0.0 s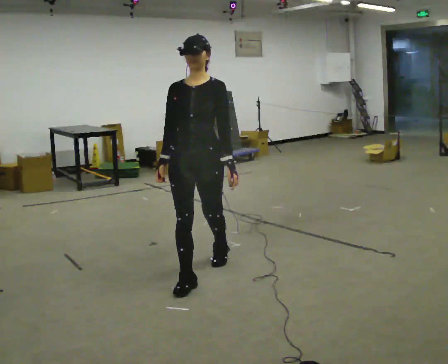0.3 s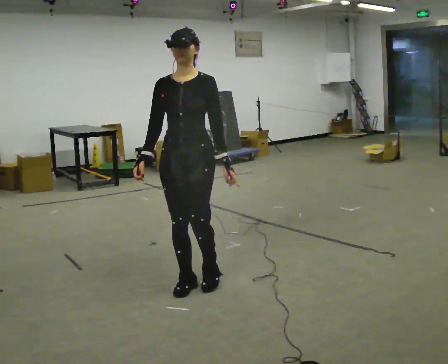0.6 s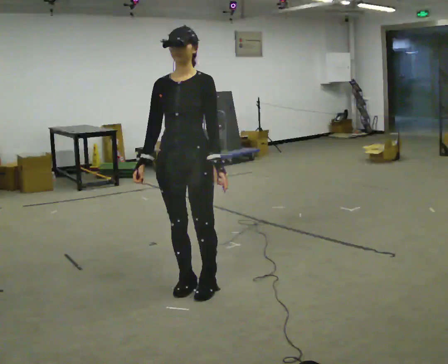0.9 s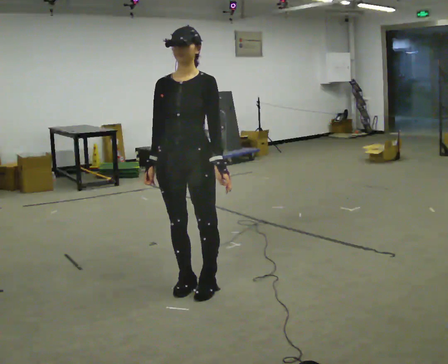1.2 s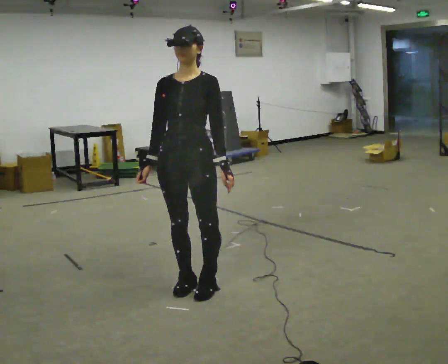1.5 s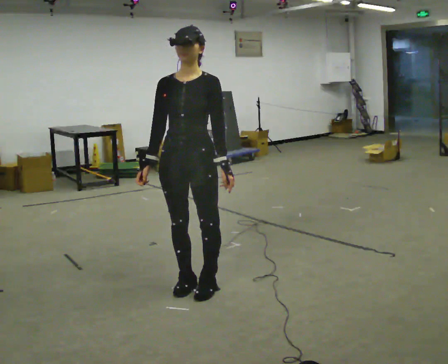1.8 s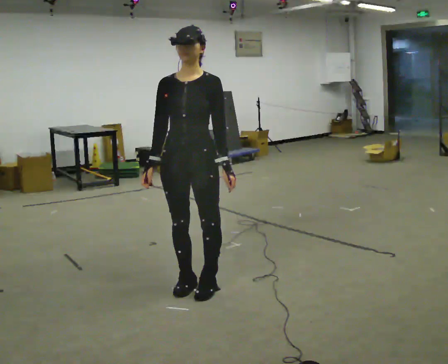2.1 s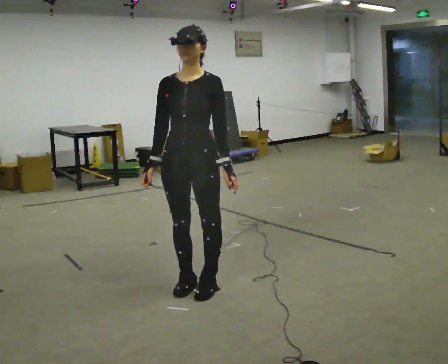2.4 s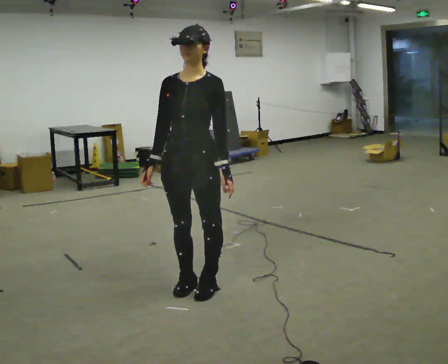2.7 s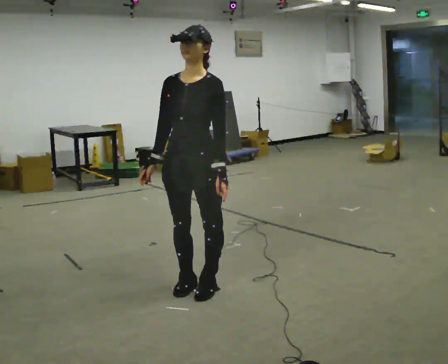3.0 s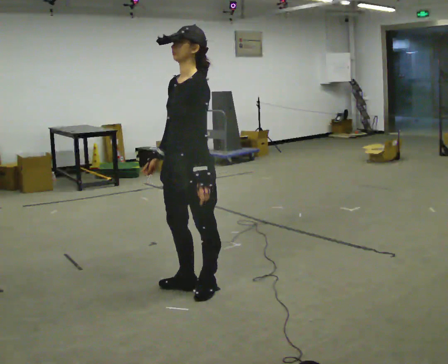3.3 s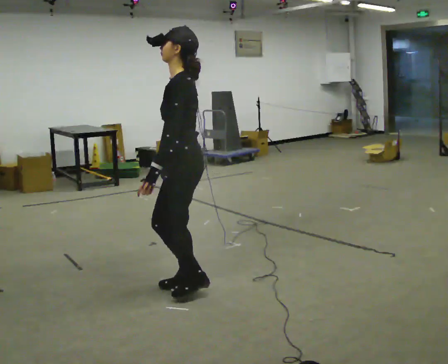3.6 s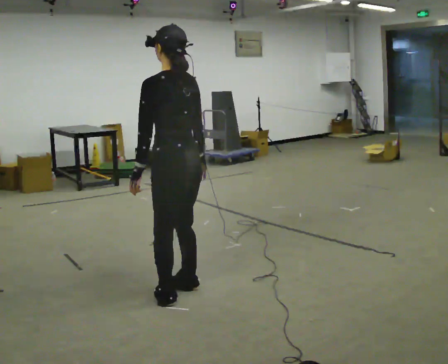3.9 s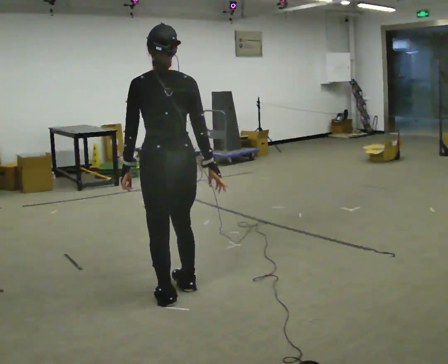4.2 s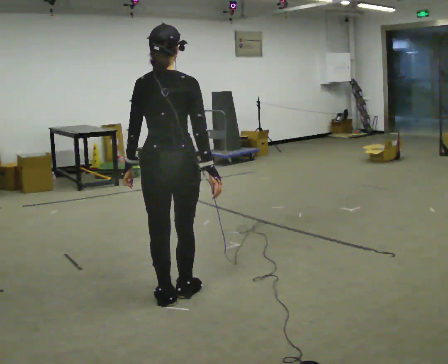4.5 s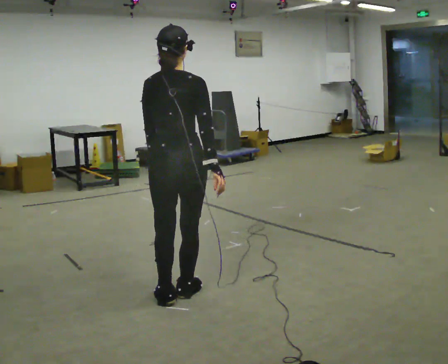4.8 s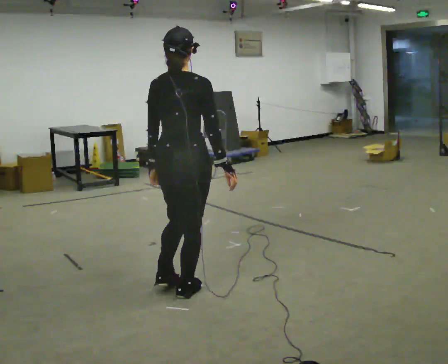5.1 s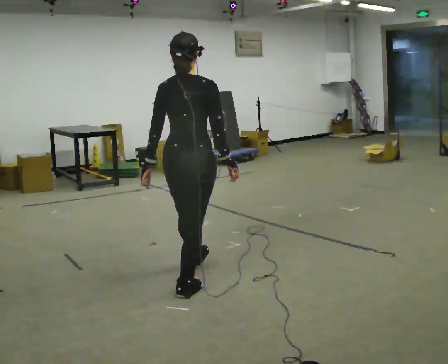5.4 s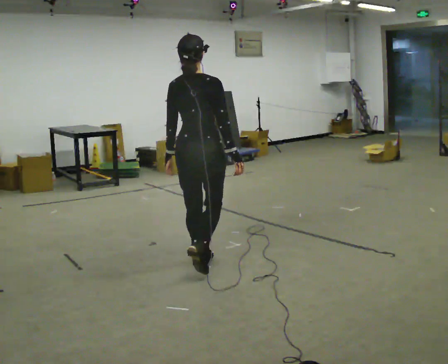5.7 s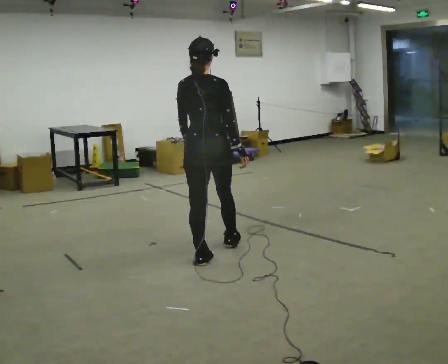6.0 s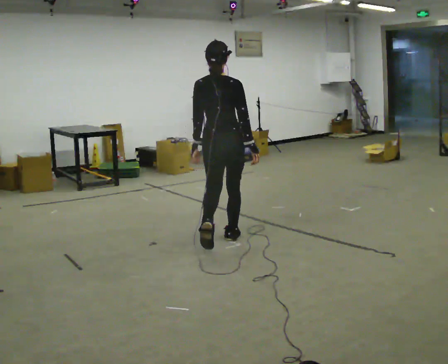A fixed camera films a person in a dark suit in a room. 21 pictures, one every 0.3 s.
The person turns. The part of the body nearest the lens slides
to the left.
The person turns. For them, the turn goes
to their right.
0.0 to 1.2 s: In the picture they go toward the camera, about 0.25 m in 1 step, which for them is forward.
1.2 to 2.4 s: The person moves a little, or ends about where they began.
2.4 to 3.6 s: The person turns about 120 degrees to their right, clockwise seen from above, so the part of the body nearest the lens slides to the left. In the picture their right hand goes to the right, the arm swinging counterclockwise.
3.6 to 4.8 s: The person turns about 60 degrees to their right, clockwise seen from above, so the part of the body nearest the lens slides to the left.
4.8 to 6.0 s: In the picture they go away from the camera, about 1 m in 2 steps, which for them is forward.
The film runs forward here.
